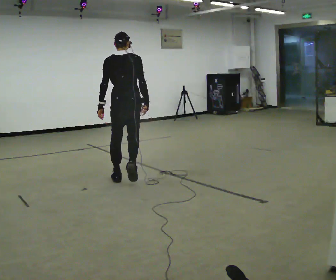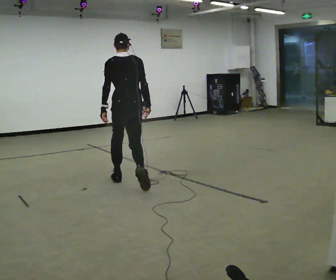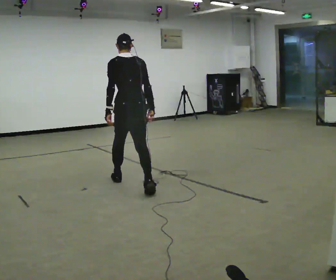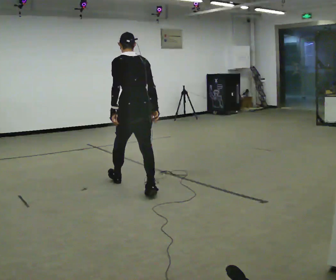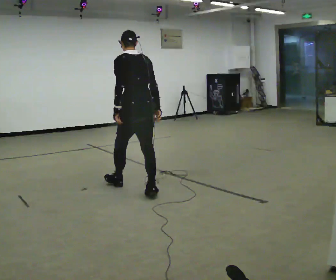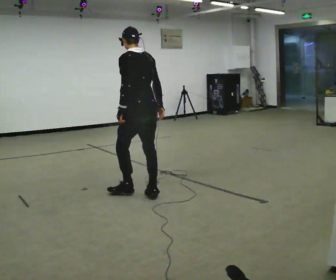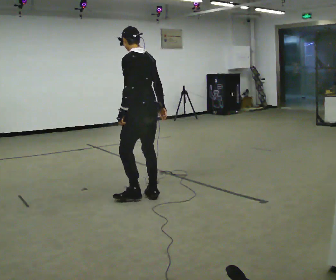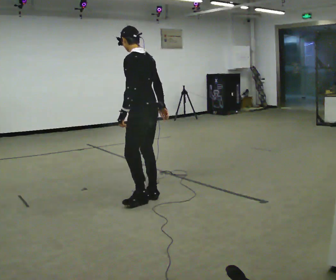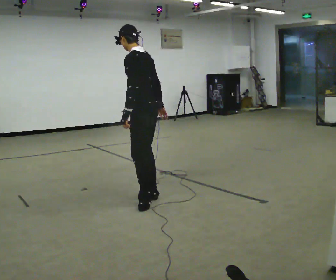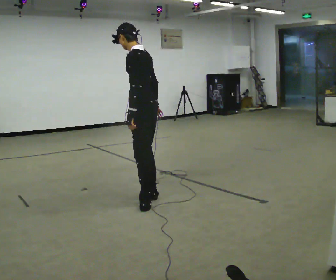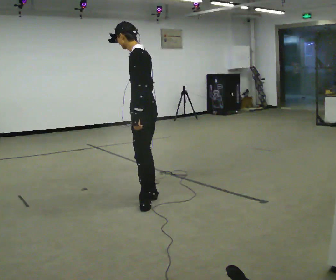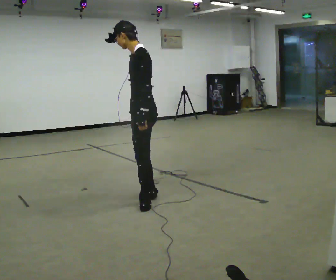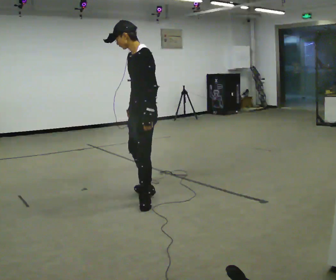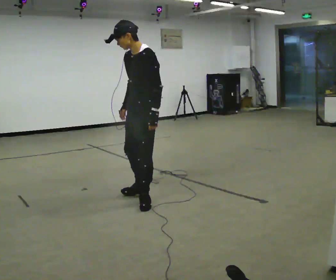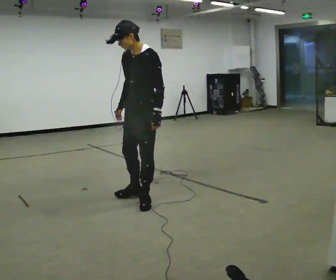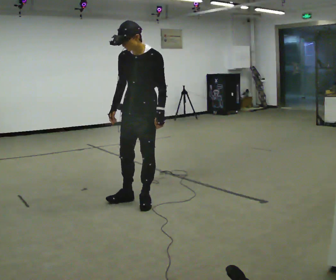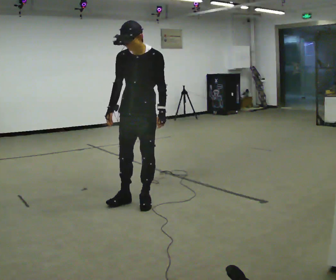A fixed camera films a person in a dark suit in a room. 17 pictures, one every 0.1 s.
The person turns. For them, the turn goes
to their left.
The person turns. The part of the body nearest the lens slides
to the right.
0.0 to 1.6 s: Seen from above the body turns counterclockwise, about 165 degrees: to their left, with its near side sliding to the right. In the picture they go toward the camera, about 0.5 m in 2 steps. The upper body tips toward the camera, its near side rolling downward.
The film runs backward here.
